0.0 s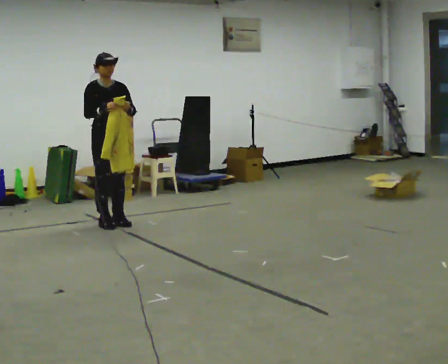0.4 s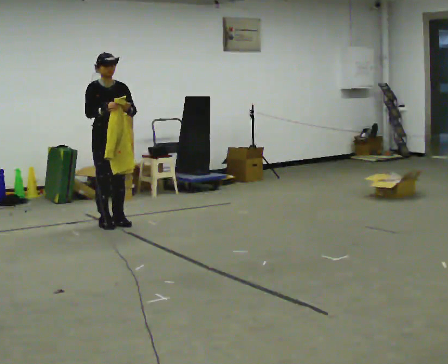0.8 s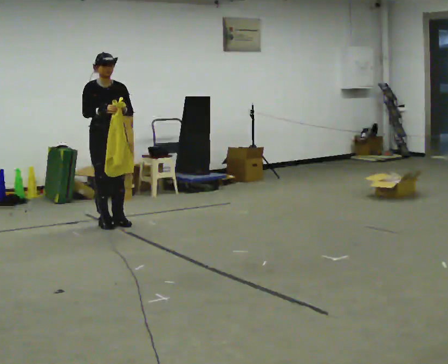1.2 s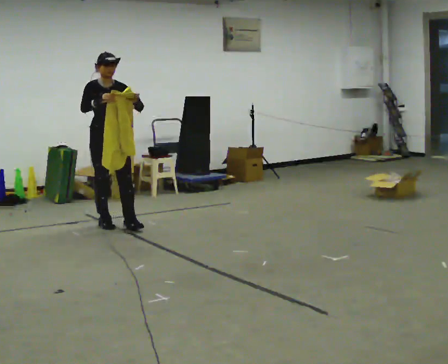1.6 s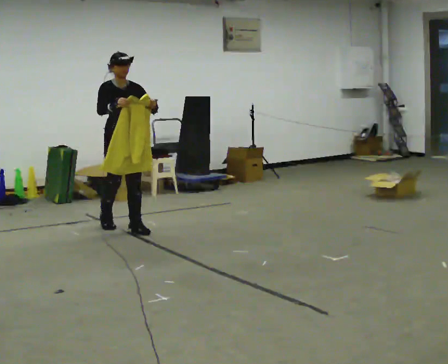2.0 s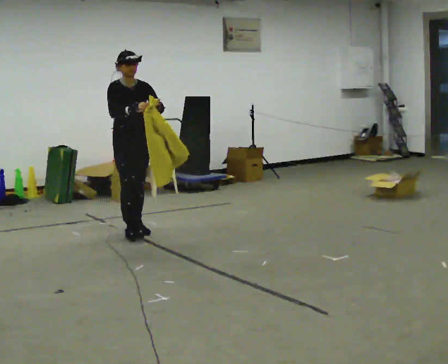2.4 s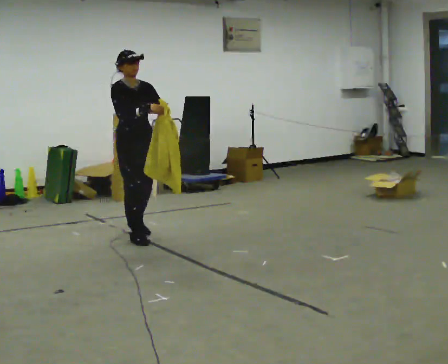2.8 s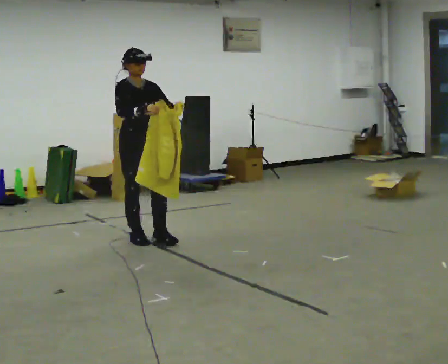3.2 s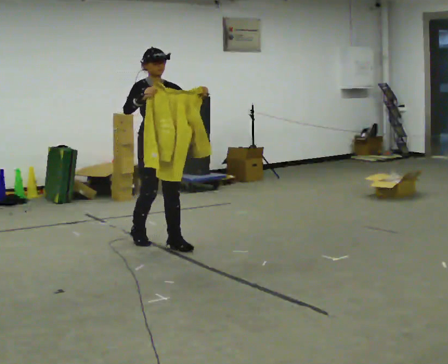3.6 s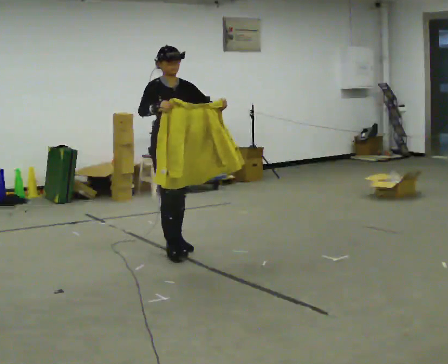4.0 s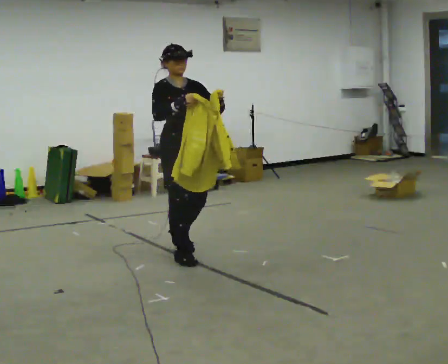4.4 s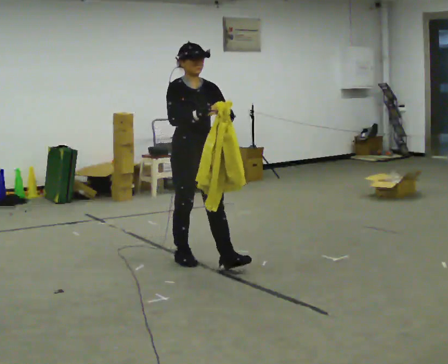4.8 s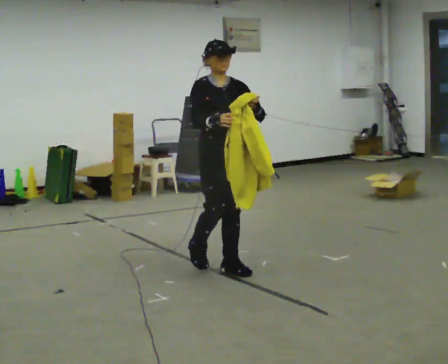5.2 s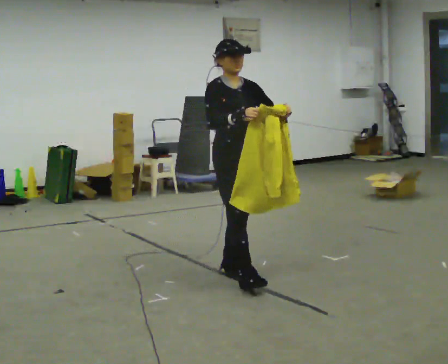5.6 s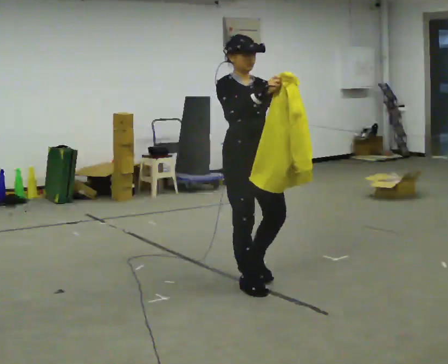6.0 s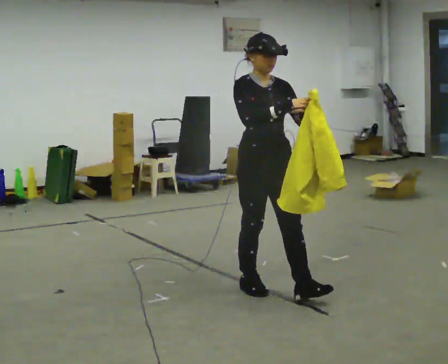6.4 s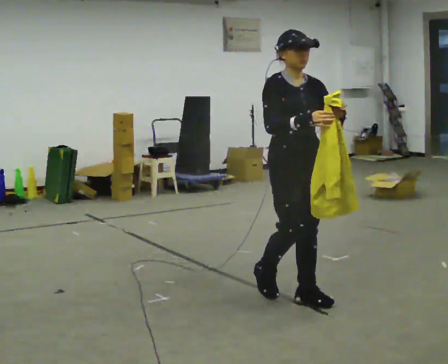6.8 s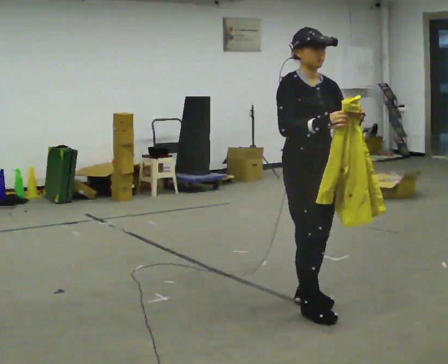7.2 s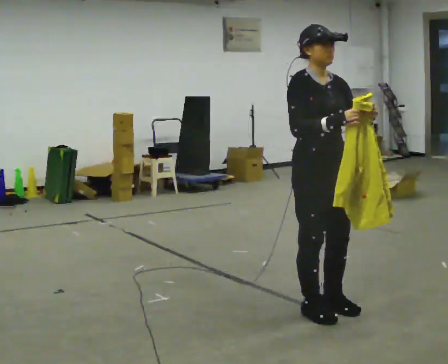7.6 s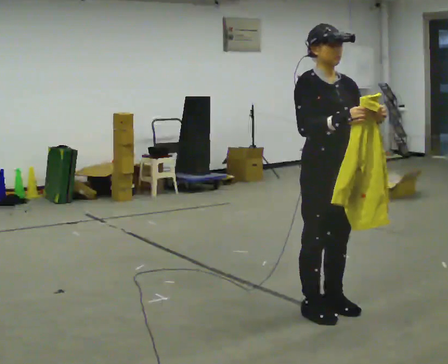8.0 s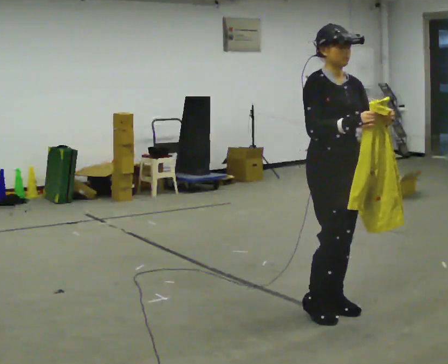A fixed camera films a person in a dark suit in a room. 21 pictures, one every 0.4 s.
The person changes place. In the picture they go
toward the camera.
0.0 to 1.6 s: In the picture they go toward the camera and to the right, about 0.25 m in 1 step, which for them is forward.
1.6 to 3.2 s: In the picture they go toward the camera and to the right, about 0.75 m in 2 steps, which for them is forward.
3.2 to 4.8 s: In the picture they go toward the camera and to the right, about 1 m in 2 steps, which for them is forward.
4.8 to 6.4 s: In the picture they go toward the camera and to the right, about 1 m in 2 steps, which for them is forward.
6.4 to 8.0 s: In the picture they go toward the camera and to the right, about 0.25 m in 2 steps, which for them is forward.
The film runs forward here.
